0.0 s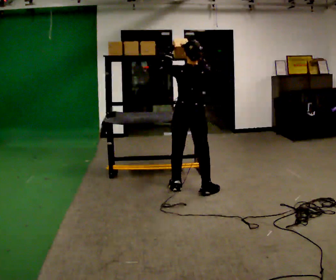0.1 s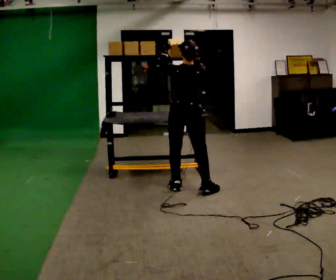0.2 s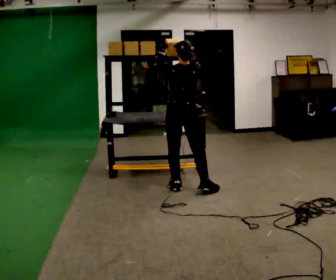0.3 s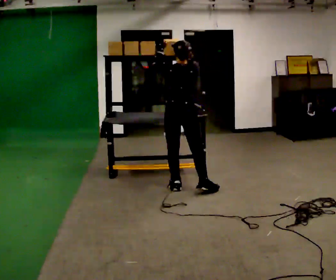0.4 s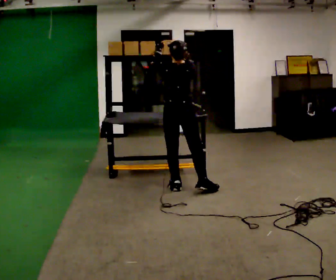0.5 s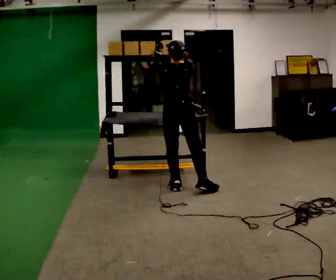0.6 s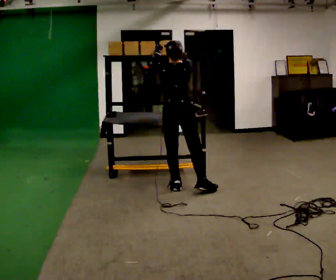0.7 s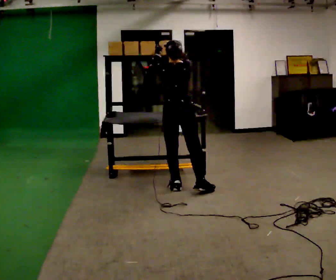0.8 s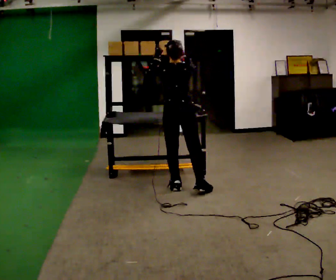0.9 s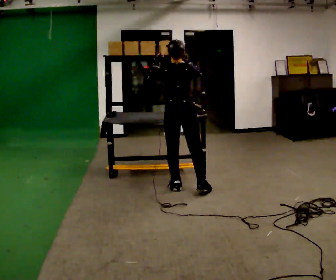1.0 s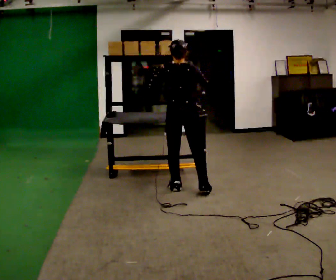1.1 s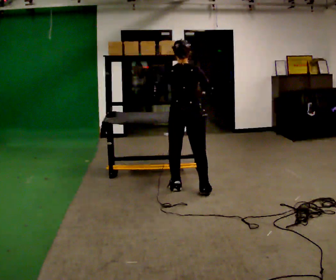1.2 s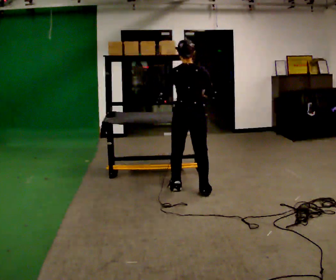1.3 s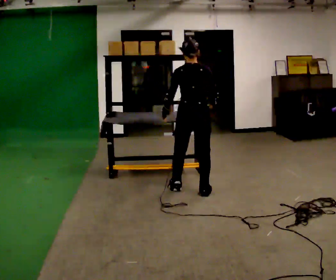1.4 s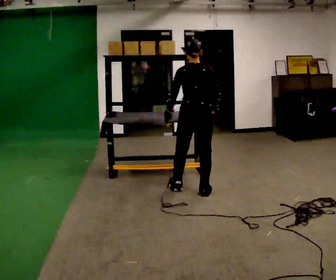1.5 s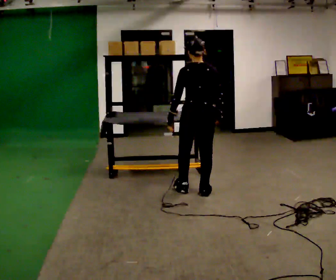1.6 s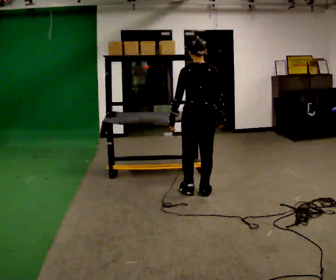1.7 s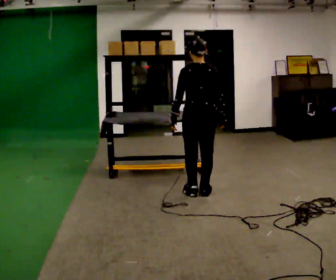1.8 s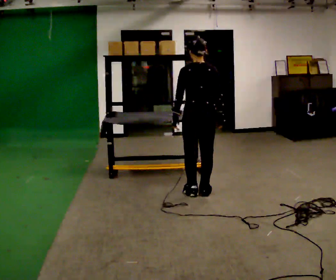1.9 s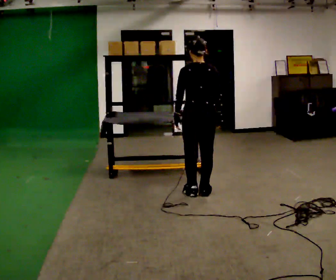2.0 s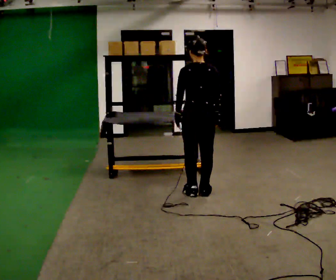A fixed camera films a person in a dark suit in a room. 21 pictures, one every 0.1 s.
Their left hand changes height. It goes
downward.
Their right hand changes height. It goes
downward.
0.0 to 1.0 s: The person moves a little, or ends about where they began.
1.0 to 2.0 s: In the picture they go to the right, about 0.25 m in 1 step, which for them is to their right and backward. In the picture their right hand goes downward.
The film runs forward here.
